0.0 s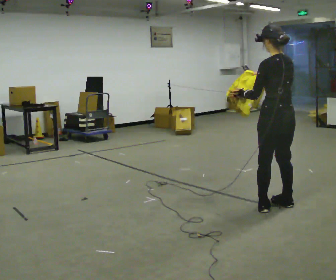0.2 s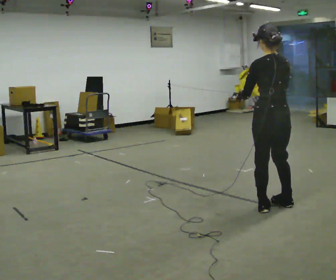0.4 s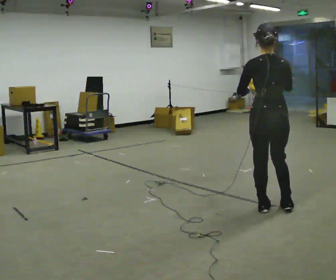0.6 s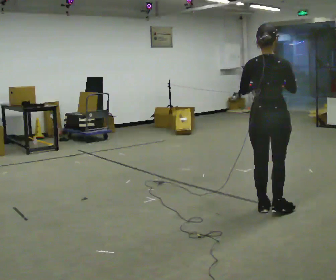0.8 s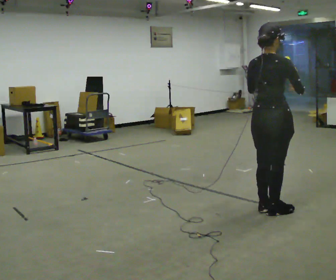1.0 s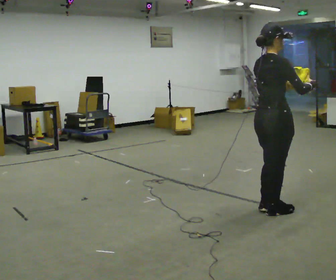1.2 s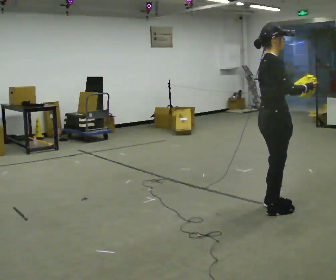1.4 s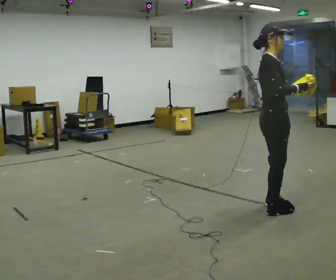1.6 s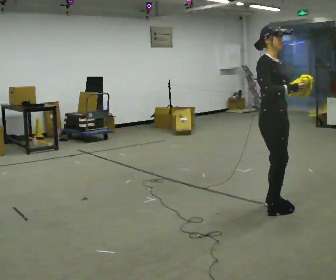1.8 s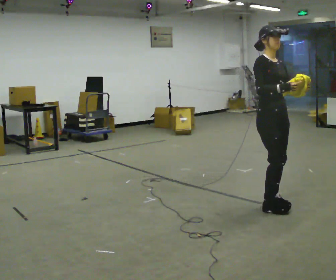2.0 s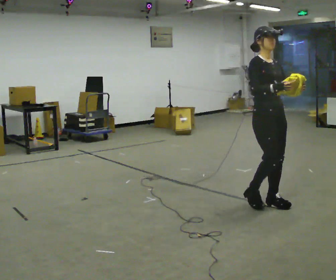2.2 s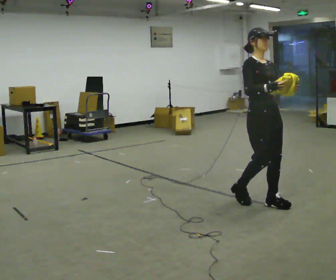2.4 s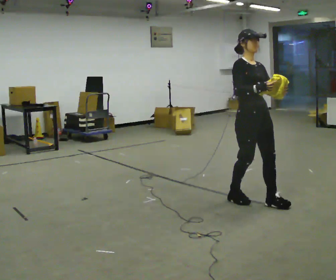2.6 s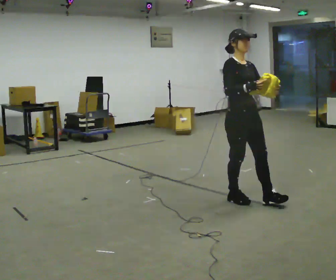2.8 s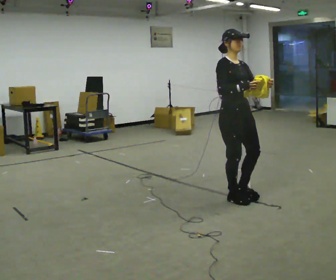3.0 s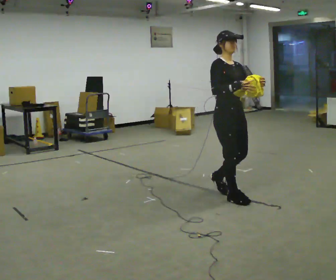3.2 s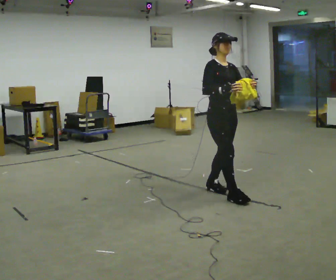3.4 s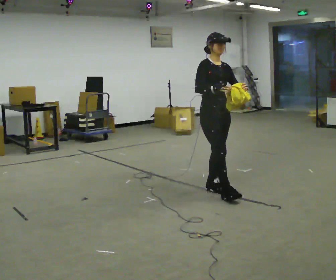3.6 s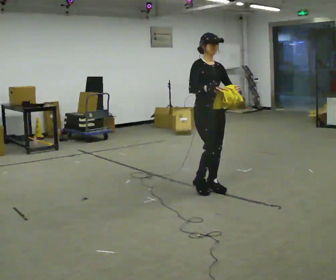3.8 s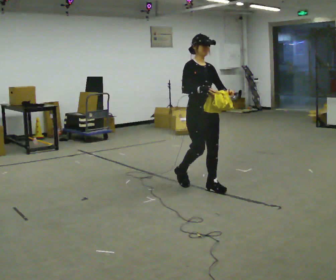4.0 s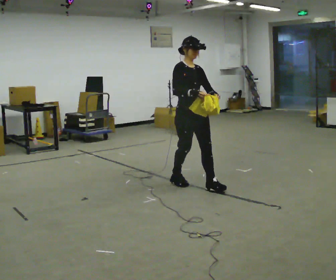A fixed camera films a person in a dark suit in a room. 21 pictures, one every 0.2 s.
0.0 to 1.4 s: The person turns about 135 degrees to their right, clockwise seen from above, so the part of the body nearest the lens slides to the left. In the picture their right hand goes to the right.
1.4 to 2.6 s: Seen from above the body turns clockwise, about 45 degrees: to their right, with its near side sliding to the left. In the picture they go to the left and away from the camera, about 0.25 m in 1 step, which for them is backward.
2.6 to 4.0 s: In the picture they go to the left and away from the camera, about 0.5 m in 2 steps, which for them is backward.
The film runs backward here.
